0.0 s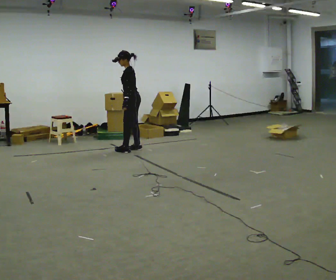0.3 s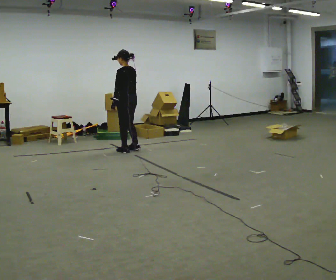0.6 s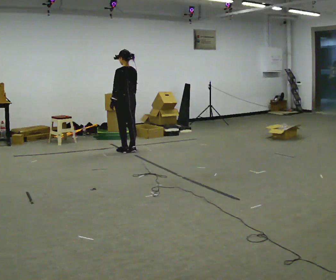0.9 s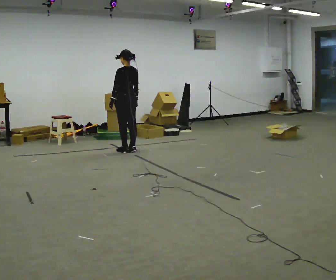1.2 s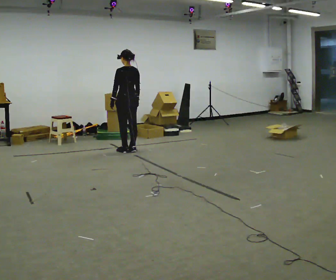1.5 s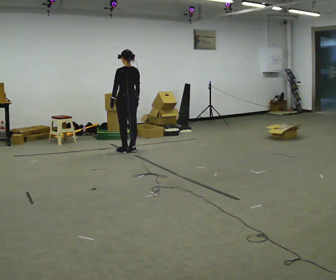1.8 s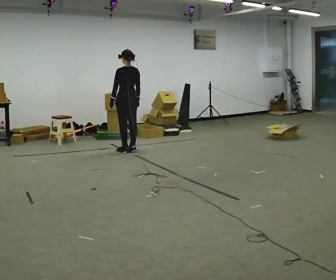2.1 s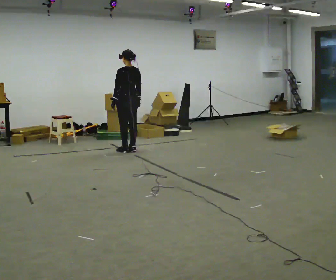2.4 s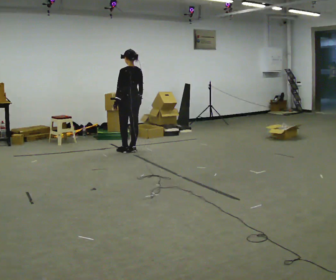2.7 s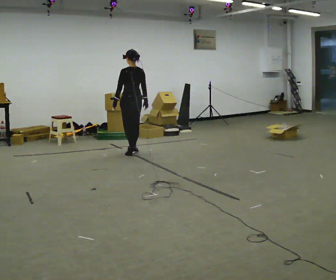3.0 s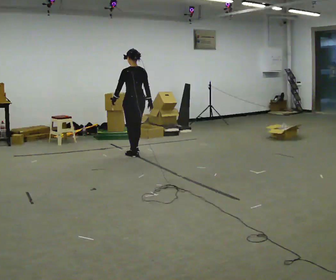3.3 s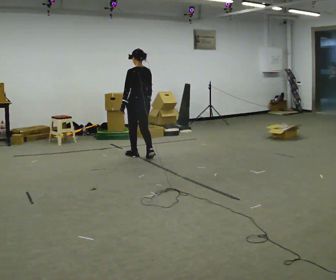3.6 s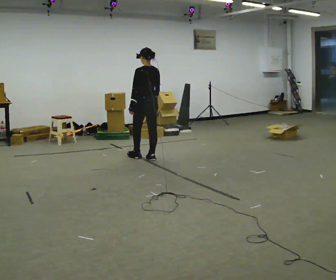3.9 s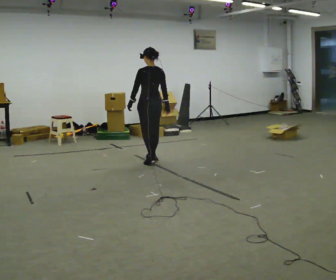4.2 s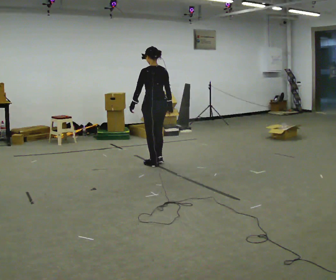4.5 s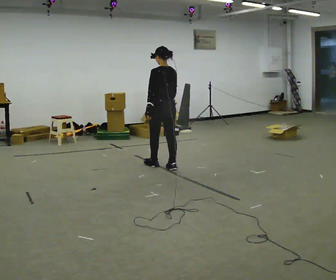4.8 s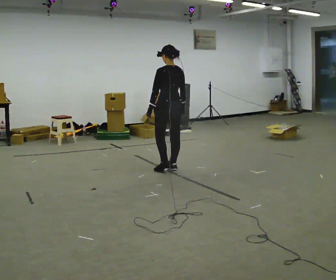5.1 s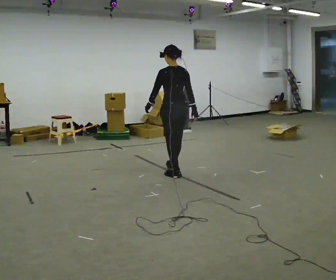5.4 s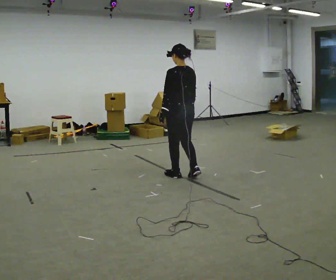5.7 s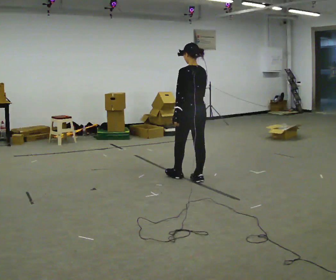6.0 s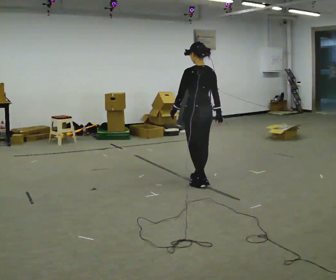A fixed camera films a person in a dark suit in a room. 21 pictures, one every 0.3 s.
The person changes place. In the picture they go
toward the camera.
0.0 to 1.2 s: Seen from above the body turns clockwise, about 60 degrees: to their right, with its near side sliding to the left.
1.2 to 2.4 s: The person moves a little, or ends about where they began.
2.4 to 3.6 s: In the picture they go toward the camera and to the right, about 0.5 m in 2 steps, which for them is backward.
3.6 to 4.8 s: In the picture they go toward the camera and to the right, about 0.75 m in 2 steps, which for them is backward.
4.8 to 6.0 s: In the picture they go toward the camera and to the right, about 0.75 m in 2 steps, which for them is backward.
The film runs backward here.
